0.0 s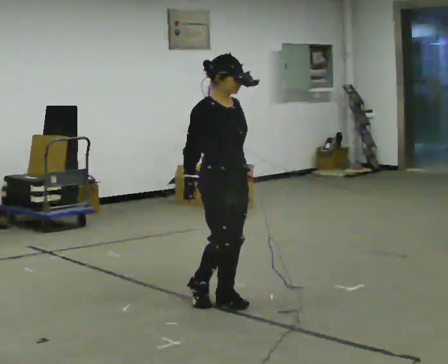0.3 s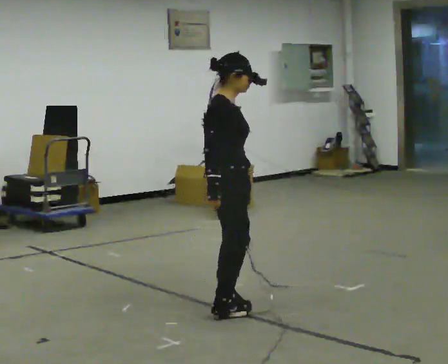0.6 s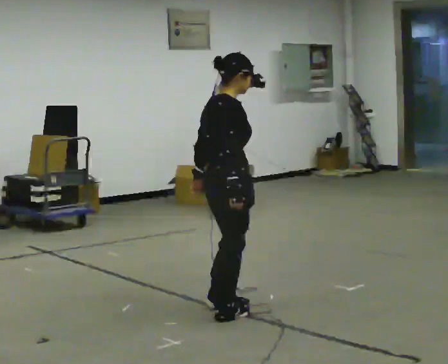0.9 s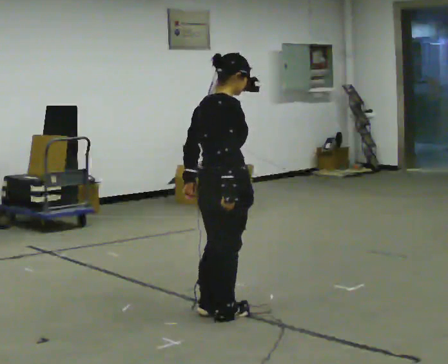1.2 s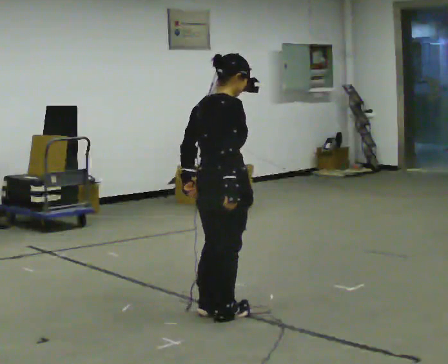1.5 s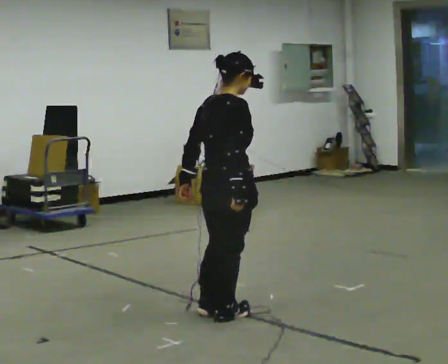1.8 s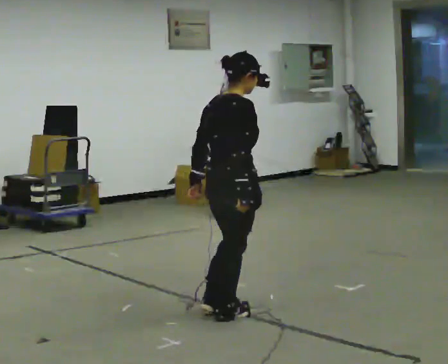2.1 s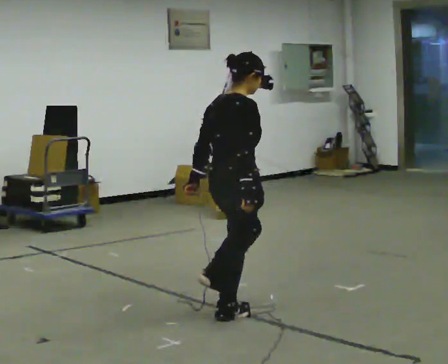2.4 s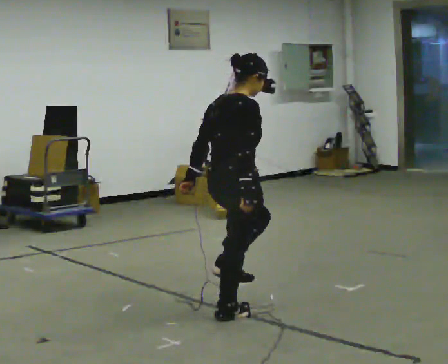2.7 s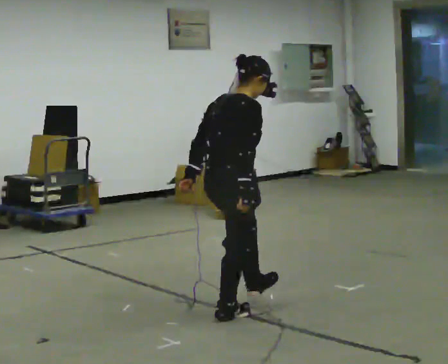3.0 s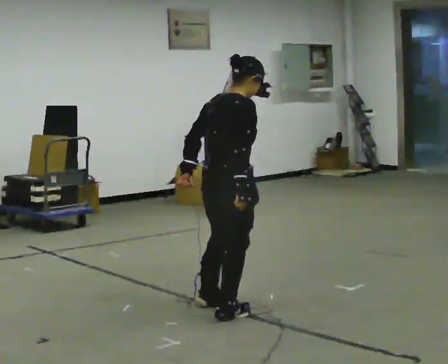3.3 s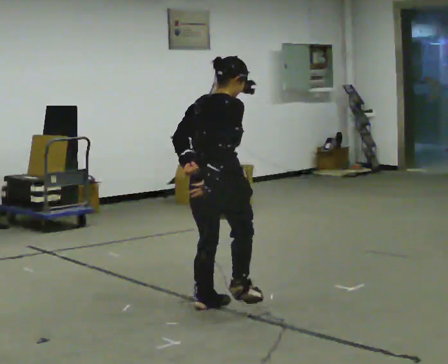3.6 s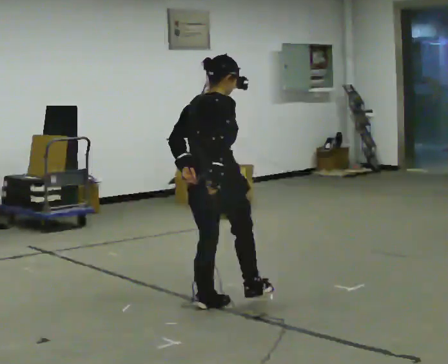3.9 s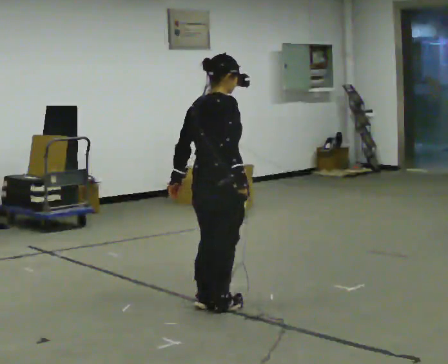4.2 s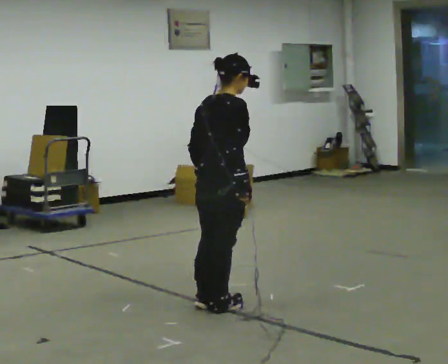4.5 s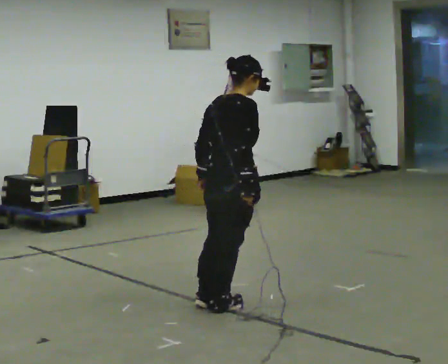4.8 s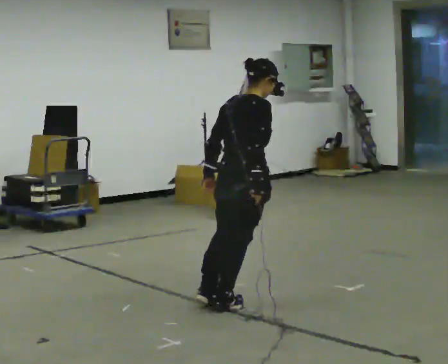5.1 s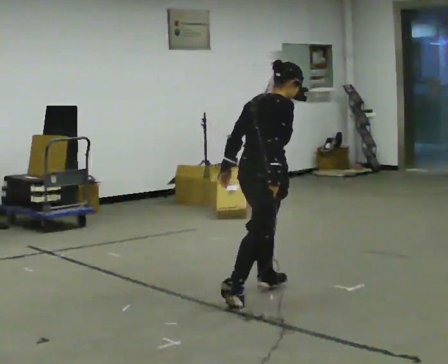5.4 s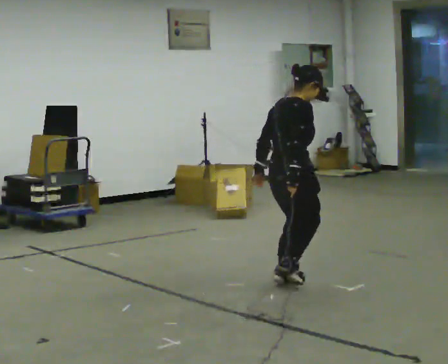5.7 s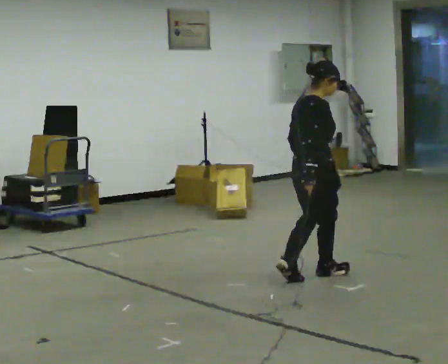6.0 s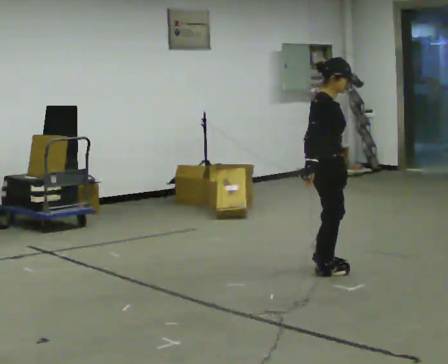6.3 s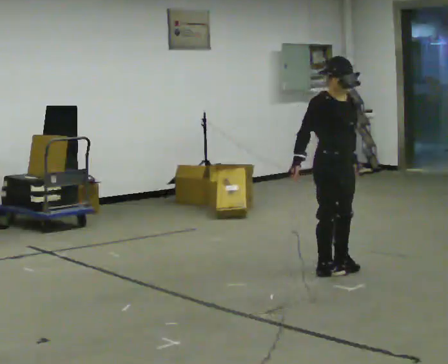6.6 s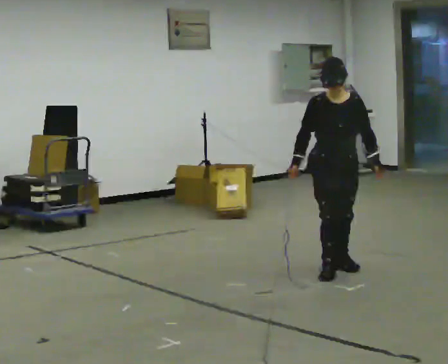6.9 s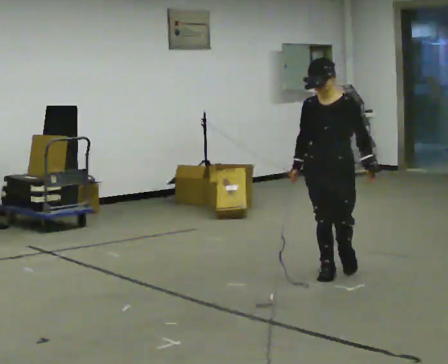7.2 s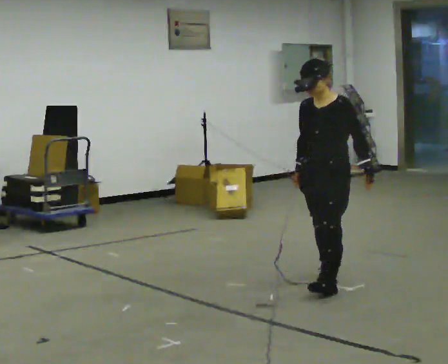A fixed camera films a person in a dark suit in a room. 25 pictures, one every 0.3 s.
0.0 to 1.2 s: The person turns about 75 degrees to their left, counterclockwise seen from above, so the part of the body nearest the lens slides to the right. In the picture they go toward the camera, about 0.25 m in 2 steps. In the picture their left hand goes to the left, the arm swinging clockwise.
1.2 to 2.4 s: The person moves a little, or ends about where they began.
2.4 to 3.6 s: In the picture they go away from the camera, about 0.25 m in 1 step, which for them is to their left.
3.6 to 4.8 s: In the picture they go to the right, about 0.25 m in 1 step, which for them is forward.
4.8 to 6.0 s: Seen from above the body turns clockwise, about 45 degrees: to their right, with its near side sliding to the left. In the picture they go away from the camera and to the right, about 1 m in 2 steps, which for them is forward.
6.0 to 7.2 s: Seen from above the body turns clockwise, about 120 degrees: to their right, with its near side sliding to the left. In the picture they go toward the camera, about 0.25 m in 1 step.
The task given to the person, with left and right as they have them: Stand on the marked spots with your feet together. Lean forward from the ankles, keeping your body straight, until you cannot hold it any longer, then step forward to catch yourself. Return to the spots. Repeat at your own pace until the operator says stop. Go slowly and only as far as you are comfortable. Step whenever you need to; do not try to hold on longer than feels safe.
The film runs forward here.
